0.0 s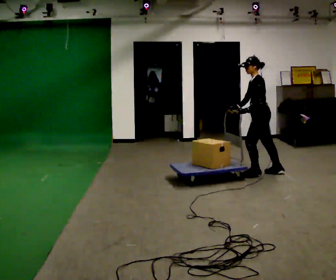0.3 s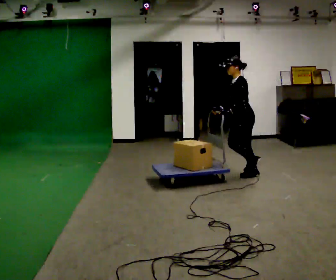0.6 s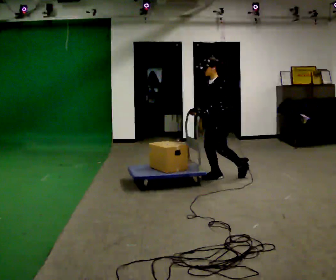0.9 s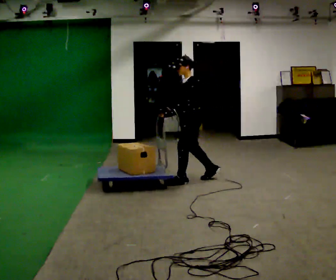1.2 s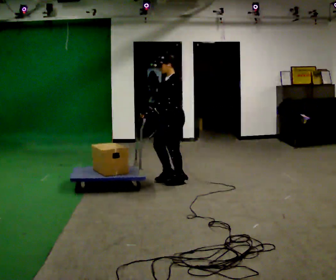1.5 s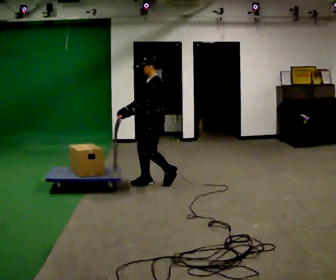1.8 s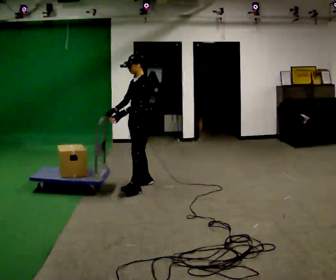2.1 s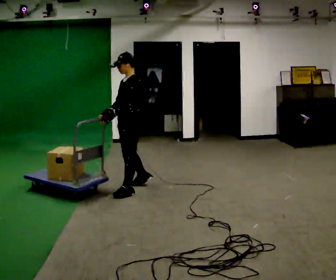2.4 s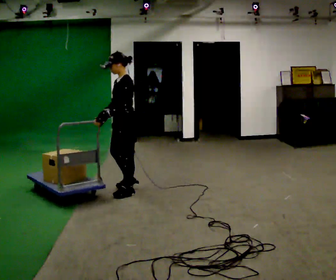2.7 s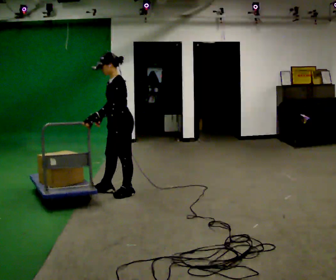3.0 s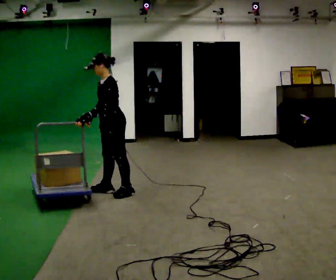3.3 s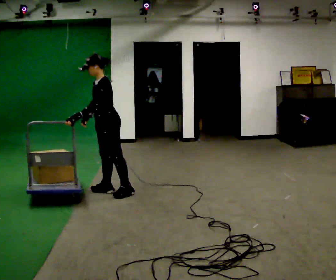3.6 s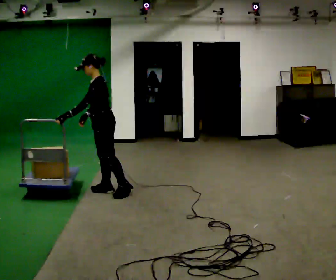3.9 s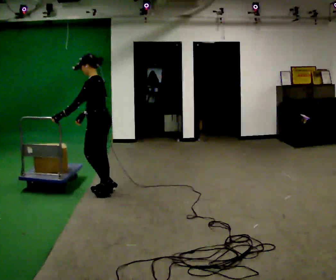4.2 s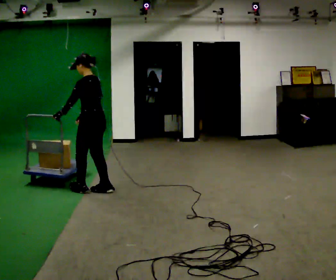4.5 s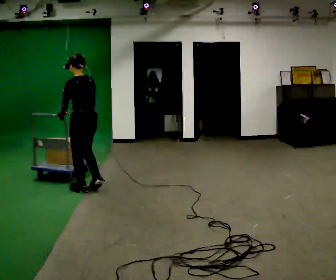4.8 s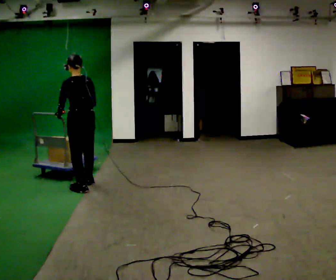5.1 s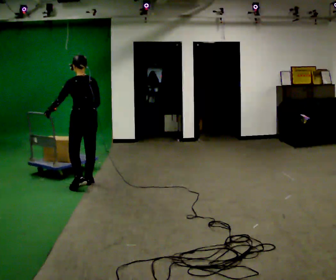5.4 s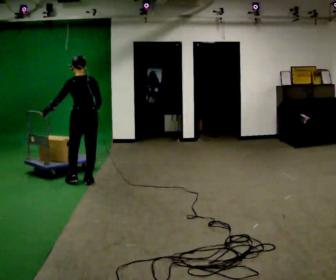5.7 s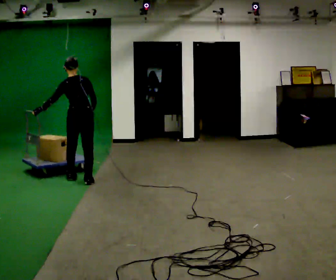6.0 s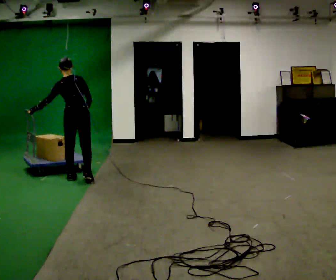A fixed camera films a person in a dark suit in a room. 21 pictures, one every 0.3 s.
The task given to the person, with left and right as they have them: Push the cart across the room and back. The operator will change how much is loaded on it between takes and will tell you each time.
0.0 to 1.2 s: The part of the body nearest the lens slides to the right as the person turns to their left by about 30 degrees. In the picture they go to the left, about 1 m in 3 steps, which for them is forward.
1.2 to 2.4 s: In the picture they go to the left and toward the camera, about 0.75 m in 2 steps, which for them is forward.
2.4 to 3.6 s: In the picture they go to the left, about 0.25 m in 1 step, which for them is forward and to their right.
3.6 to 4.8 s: The person turns about 60 degrees to their right, clockwise seen from above, so the part of the body nearest the lens slides to the left. In the picture they go to the left, about 0.25 m in 2 steps.
4.8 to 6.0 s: In the picture they go away from the camera, about 0.5 m in 1 step, which for them is forward.
The film runs forward here.
